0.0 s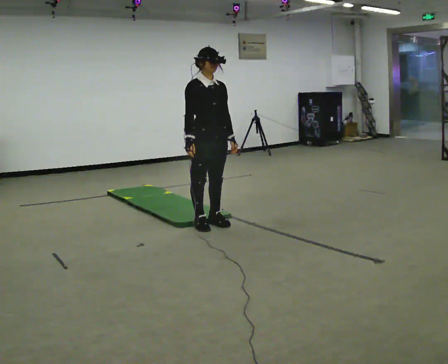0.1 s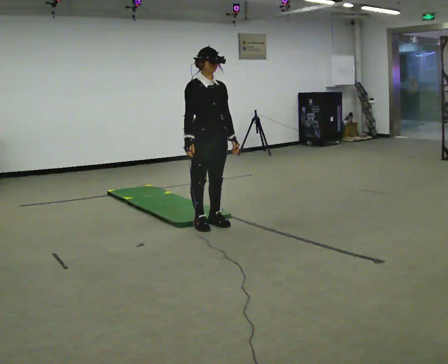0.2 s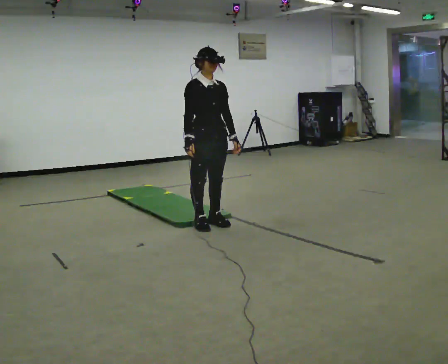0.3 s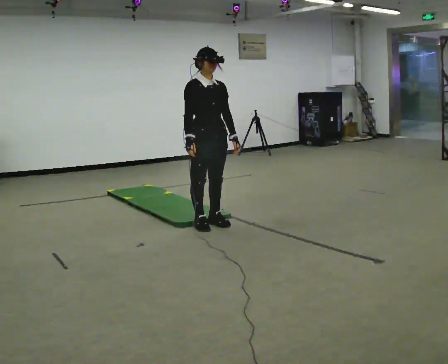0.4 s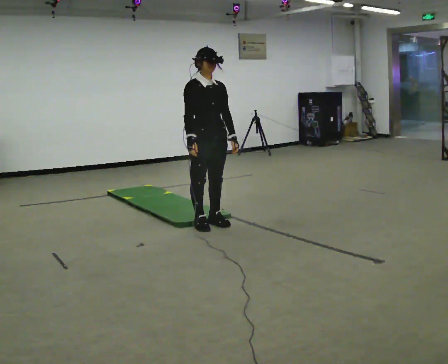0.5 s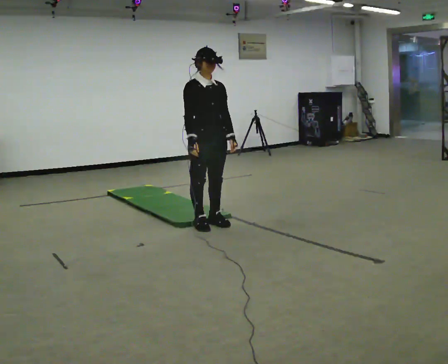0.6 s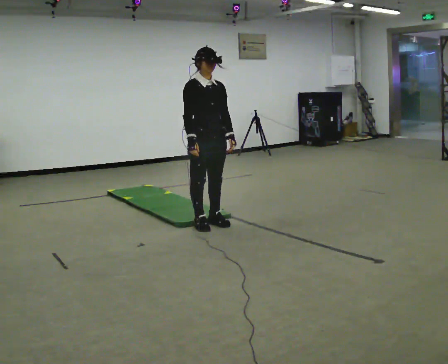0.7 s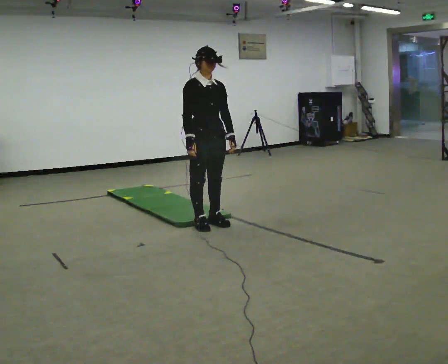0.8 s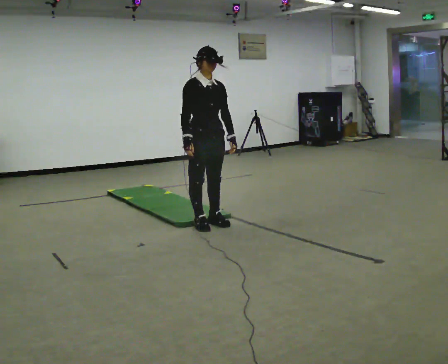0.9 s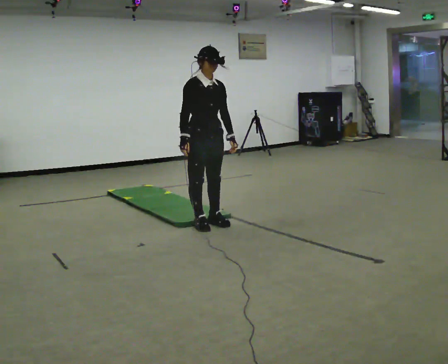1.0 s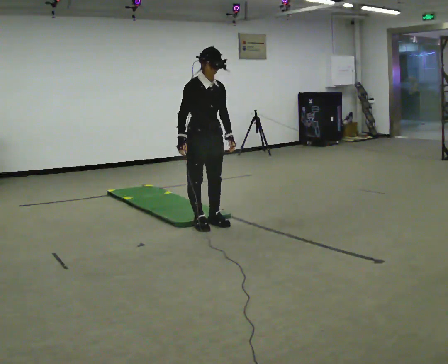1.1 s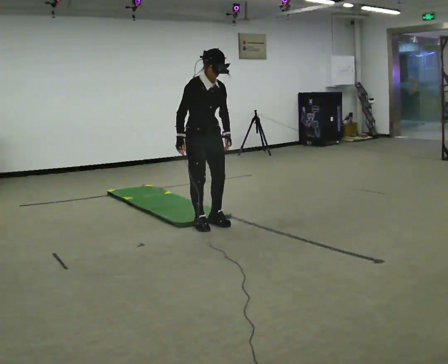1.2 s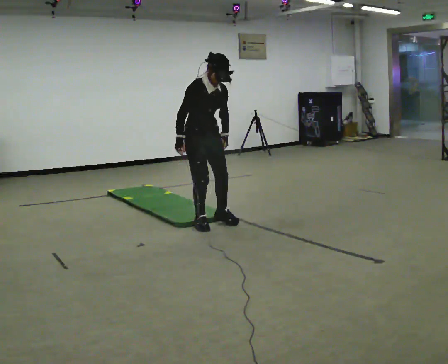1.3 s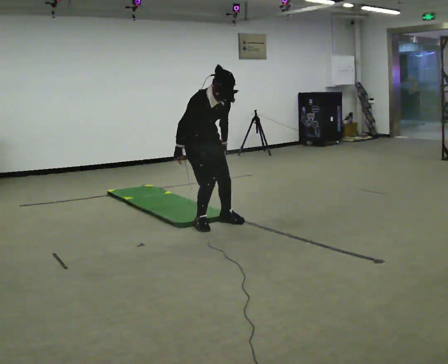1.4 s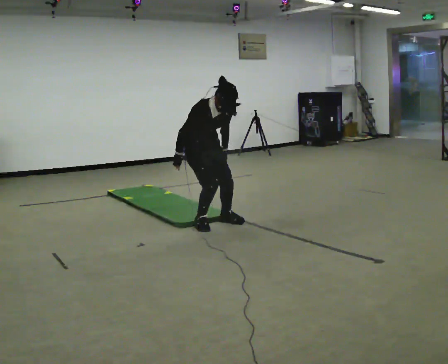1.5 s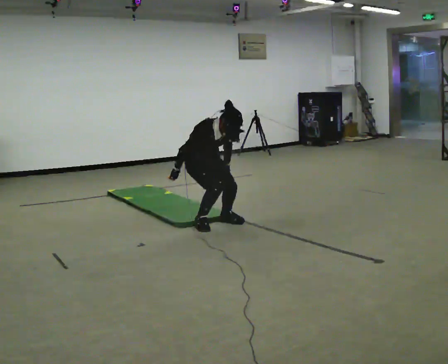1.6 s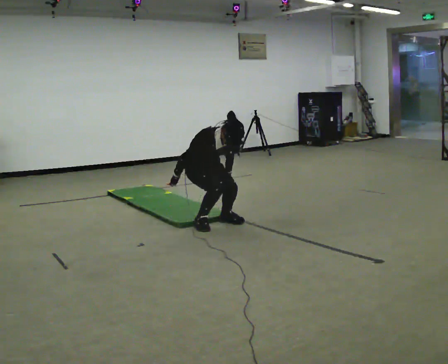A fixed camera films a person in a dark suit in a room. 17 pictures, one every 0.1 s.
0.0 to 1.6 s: In the picture they go away from the camera, about 0.25 m, which for them is backward. The upper body goes downward. The upper body tips toward the camera, its near side rolling downward, as they bend forward. In the picture their right hand goes downward.
The film runs backward here.
